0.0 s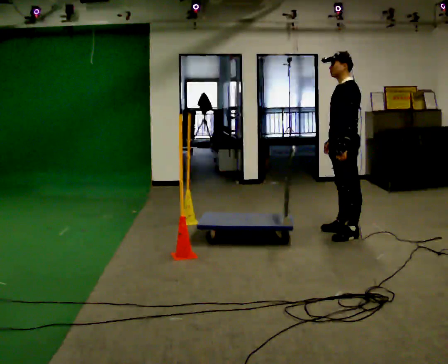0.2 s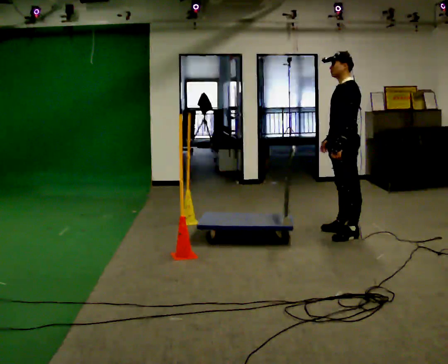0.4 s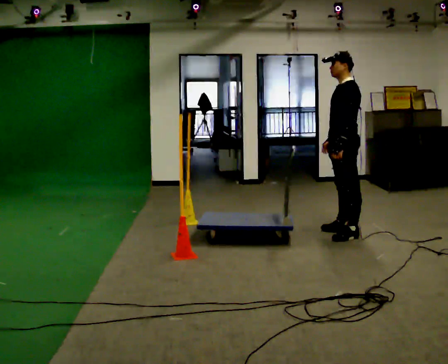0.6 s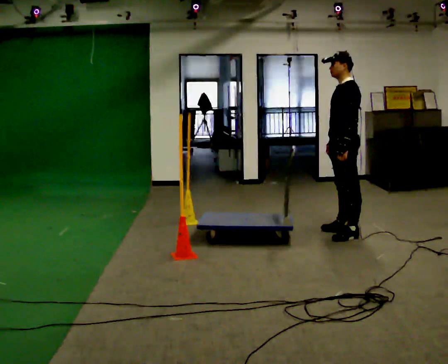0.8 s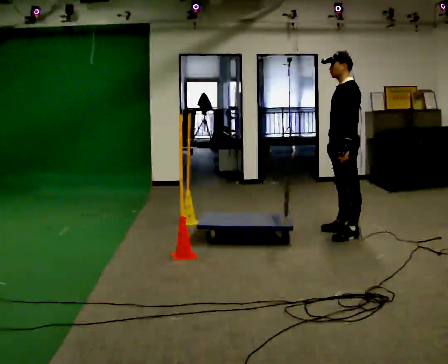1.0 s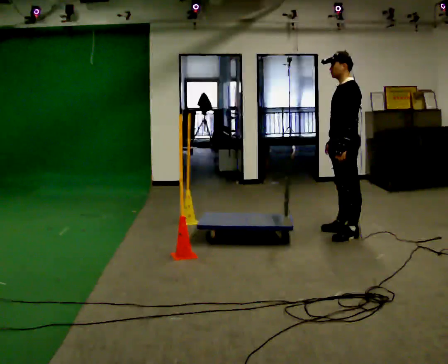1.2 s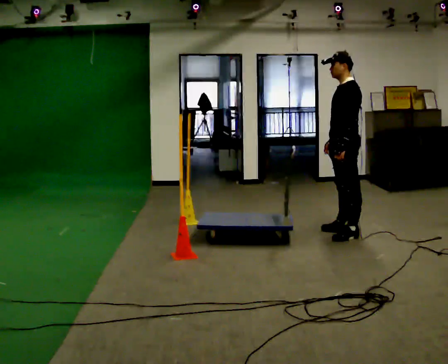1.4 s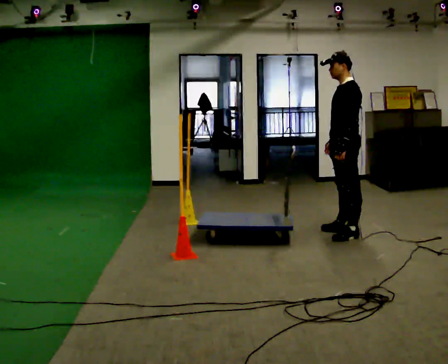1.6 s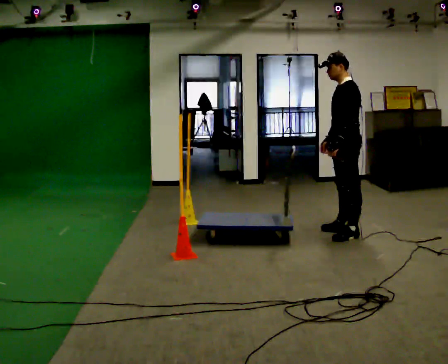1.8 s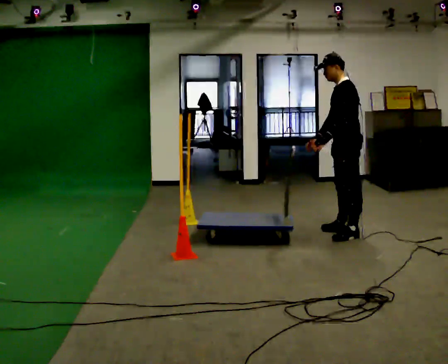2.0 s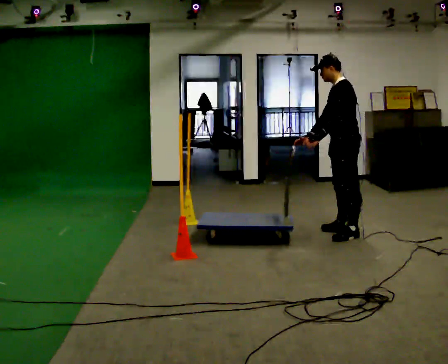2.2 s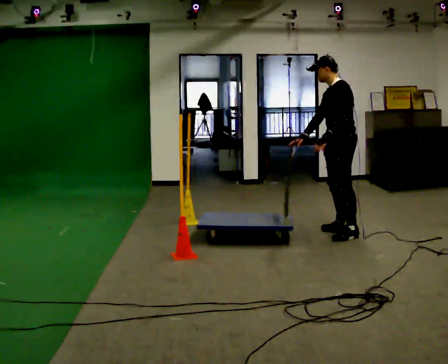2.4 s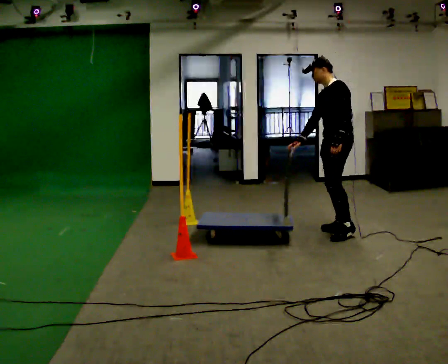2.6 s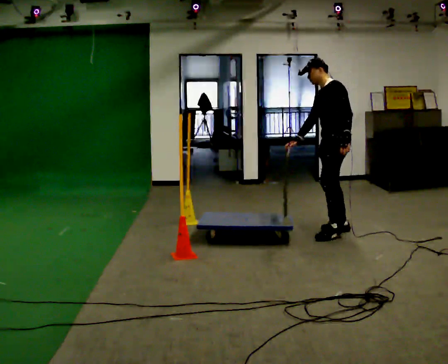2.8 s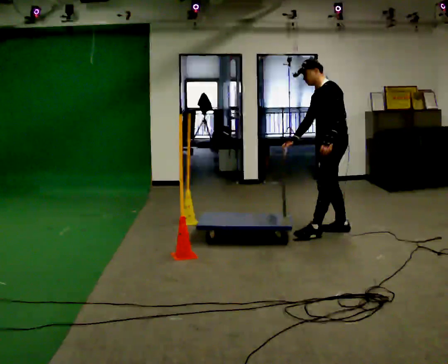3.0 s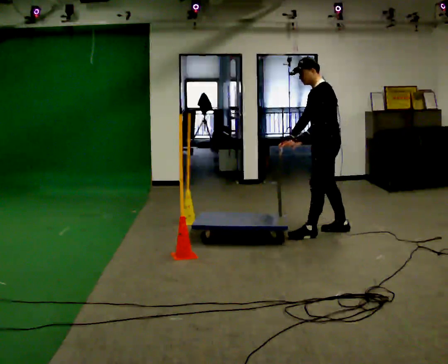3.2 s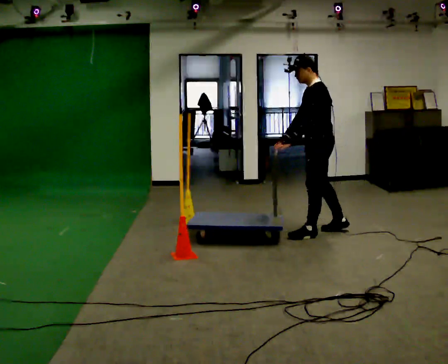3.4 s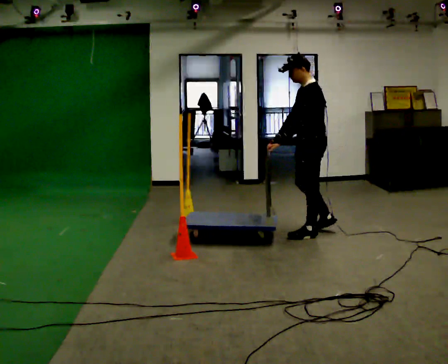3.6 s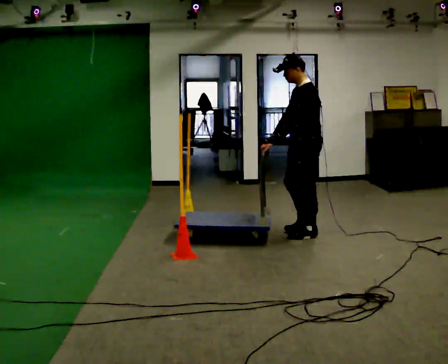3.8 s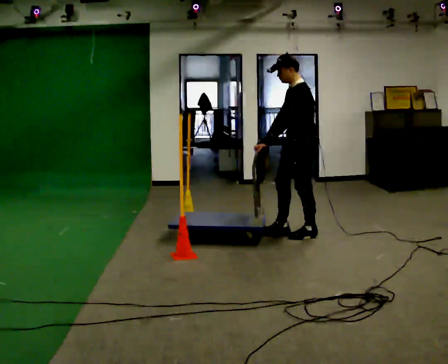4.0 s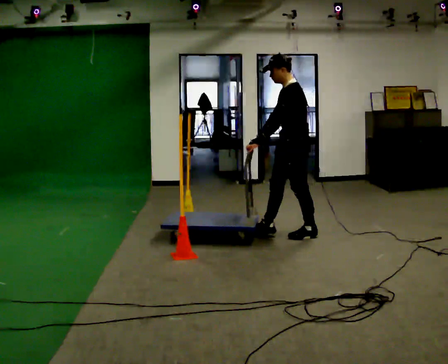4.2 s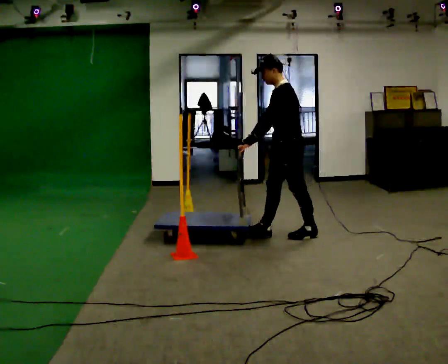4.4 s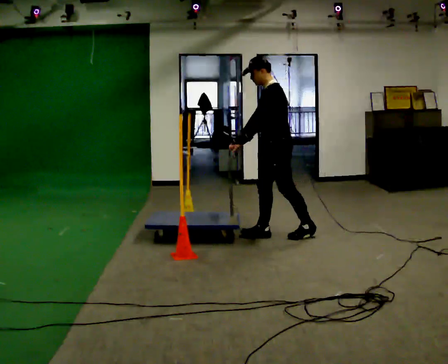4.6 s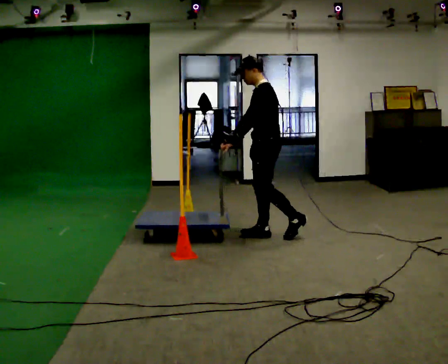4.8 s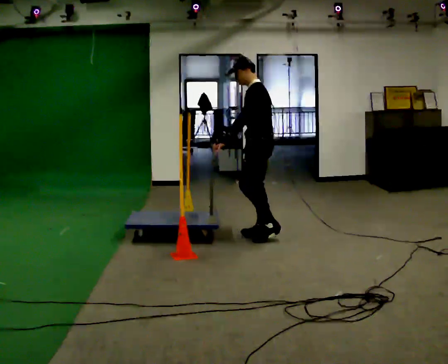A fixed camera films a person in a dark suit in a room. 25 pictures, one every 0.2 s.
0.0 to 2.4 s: The person moves a little, or ends about where they began.
2.4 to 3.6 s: In the picture they go to the left and toward the camera, about 0.25 m in 1 step, which for them is forward and to their left.
3.6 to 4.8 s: In the picture they go to the left, about 0.5 m in 1 step, which for them is forward.
The film runs forward here.
